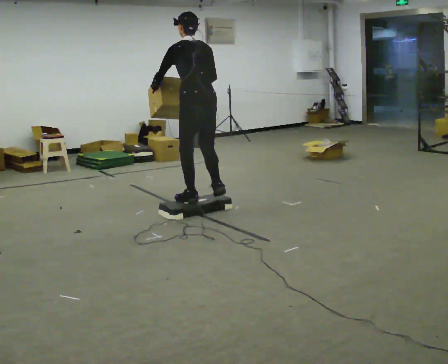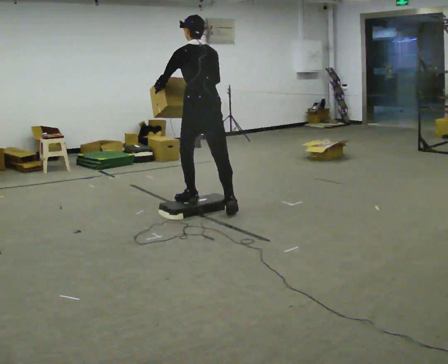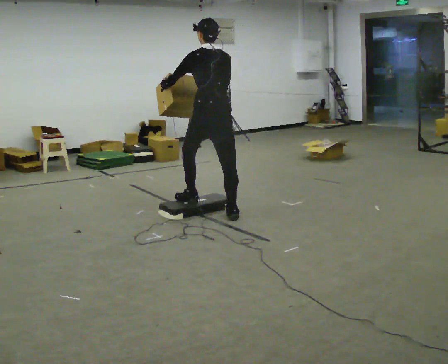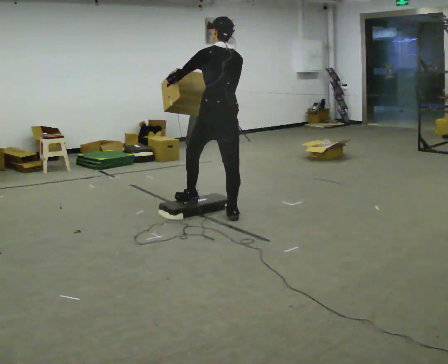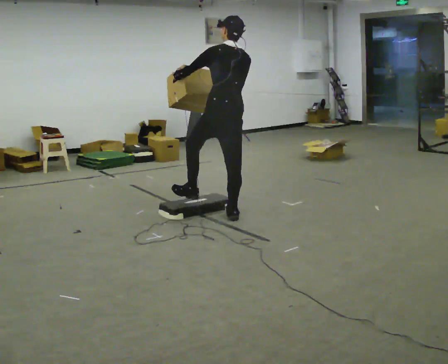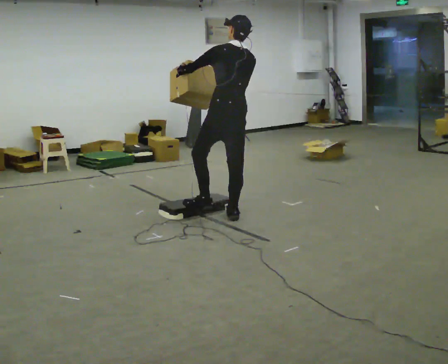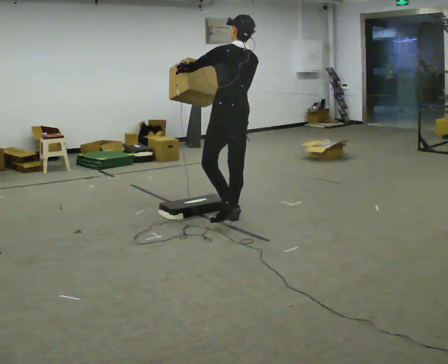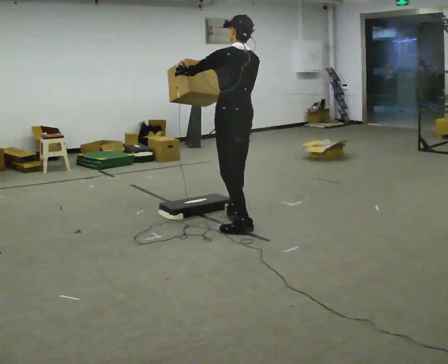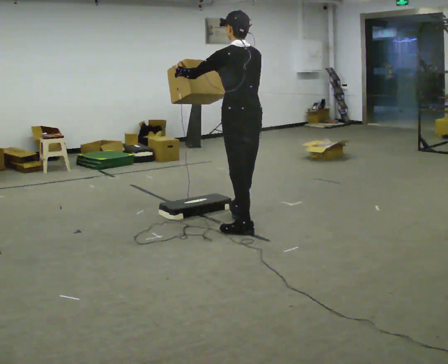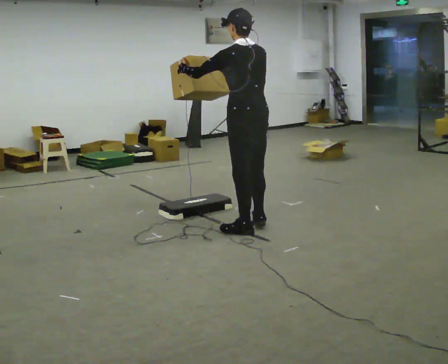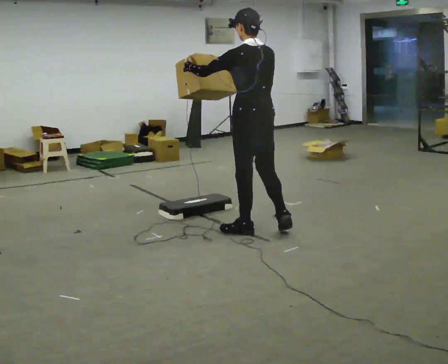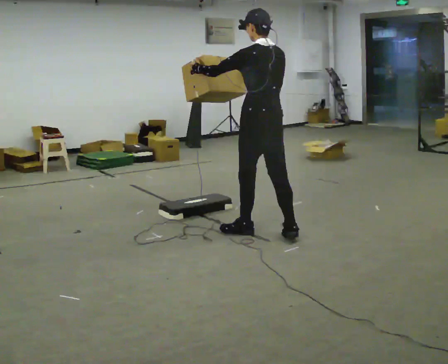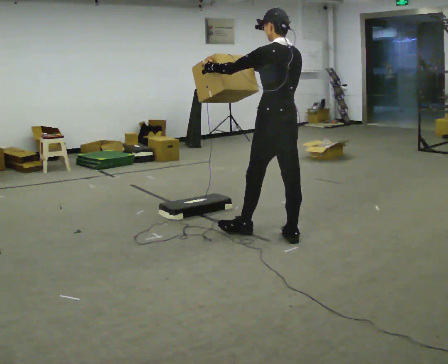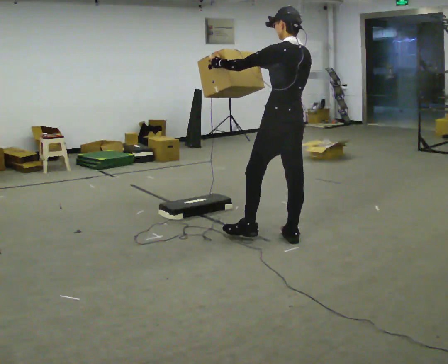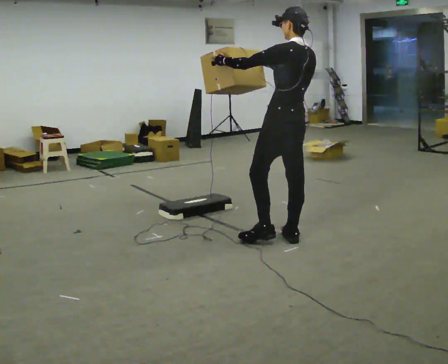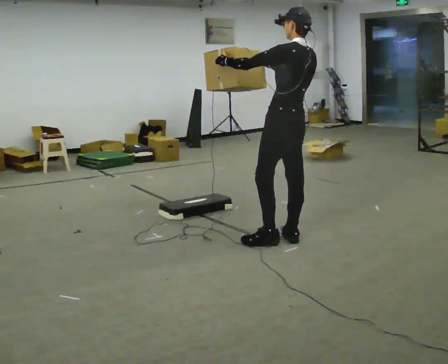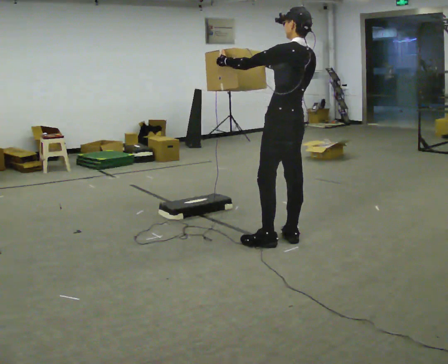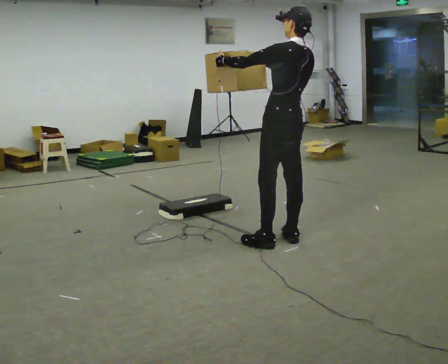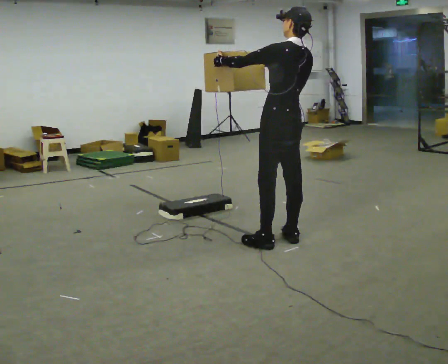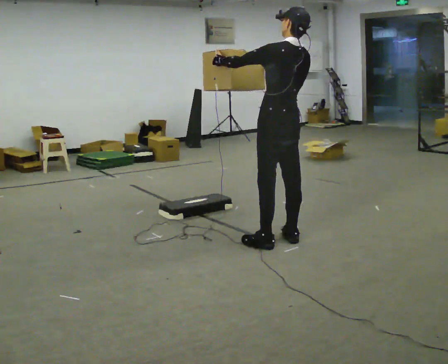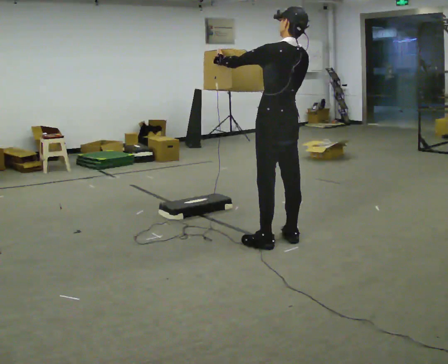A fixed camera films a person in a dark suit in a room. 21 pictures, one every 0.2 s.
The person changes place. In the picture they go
to the right.
0.0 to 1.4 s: In the picture they go to the right and toward the camera, about 0.5 m in 1 step, which for them is backward. In the picture the upper body tilts clockwise, shoulders to the right, as they lean back or straighten.
1.4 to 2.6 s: In the picture they go to the right, about 0.5 m in 2 steps, which for them is backward.
2.6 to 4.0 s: The person moves a little, or ends about where they began.
The film runs backward here.
